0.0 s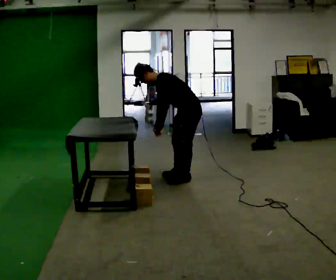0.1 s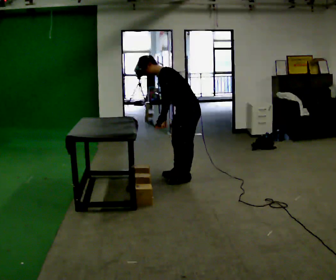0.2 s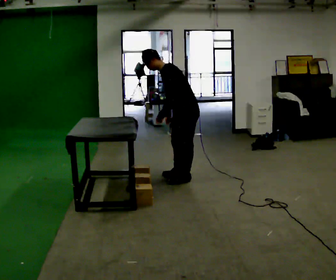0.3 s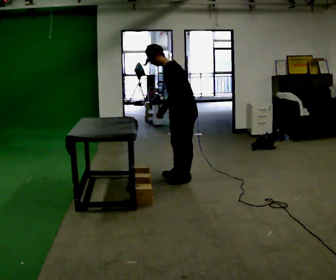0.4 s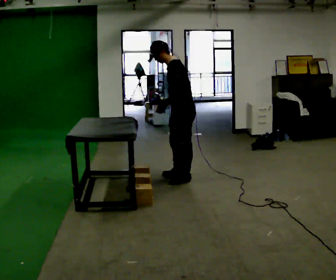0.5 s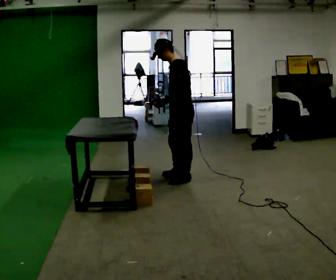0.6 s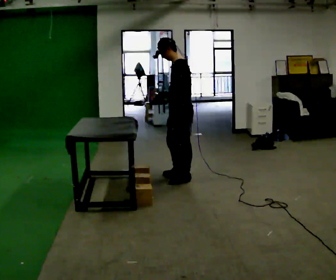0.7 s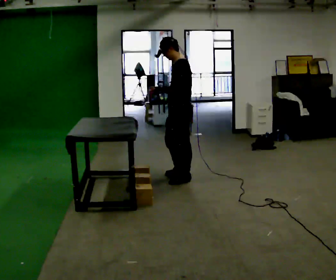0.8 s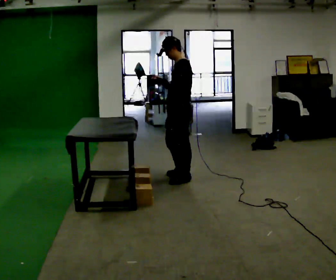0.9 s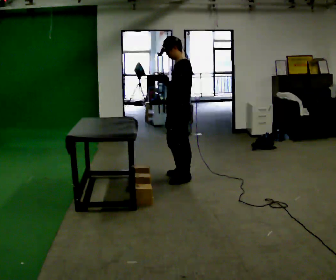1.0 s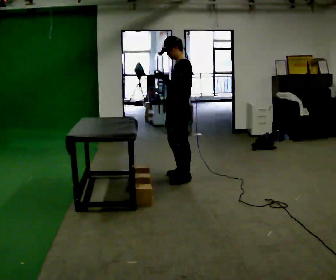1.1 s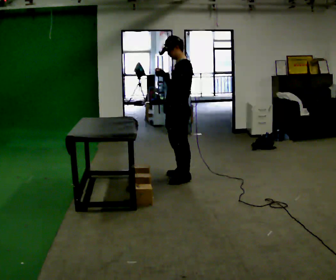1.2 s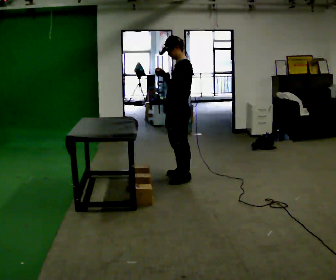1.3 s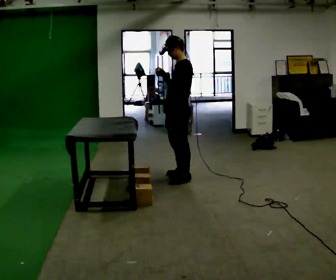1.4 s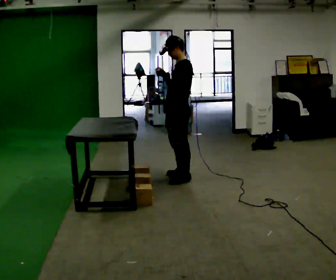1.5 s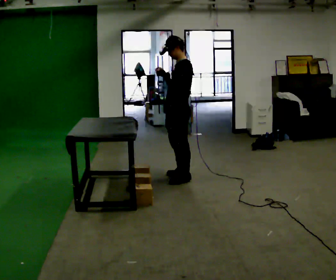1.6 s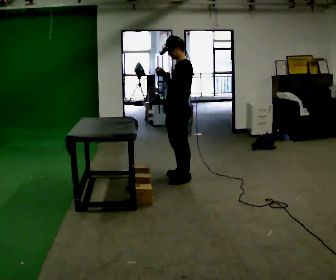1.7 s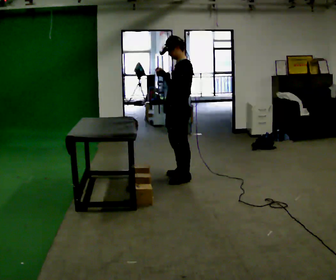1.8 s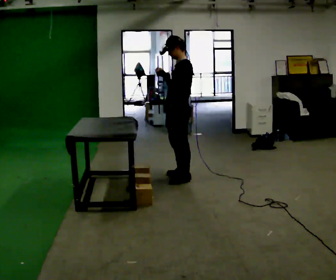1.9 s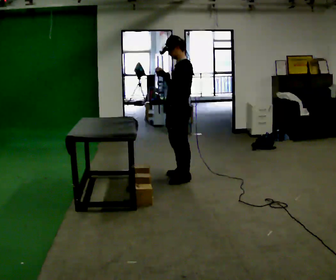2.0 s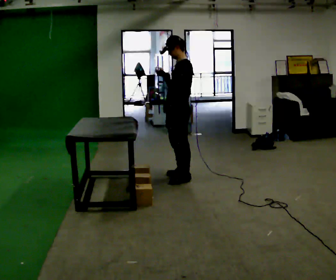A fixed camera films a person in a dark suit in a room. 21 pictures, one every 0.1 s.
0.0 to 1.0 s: In the picture they go toward the camera, about 0.25 m, which for them is forward and to their left. The upper body goes upward. In the picture the upper body tilts clockwise, shoulders to the right, as they lean back or straighten. In the picture their left hand goes upward.
1.0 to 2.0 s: The person moves a little, or ends about where they began.
The film runs backward here.
